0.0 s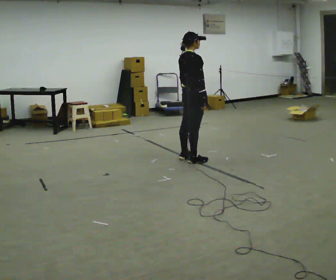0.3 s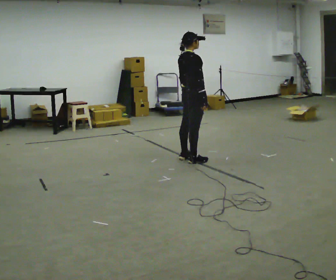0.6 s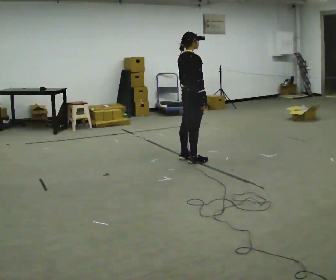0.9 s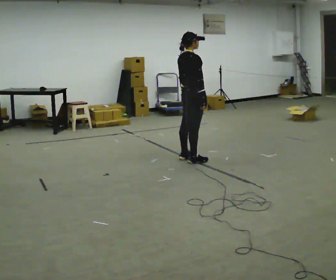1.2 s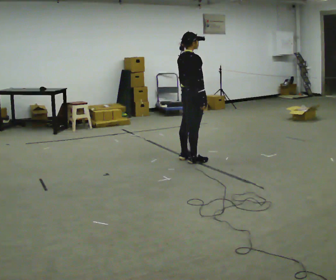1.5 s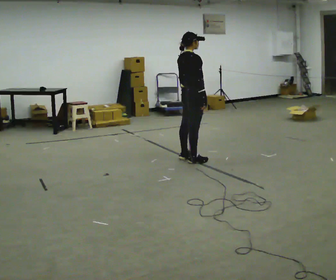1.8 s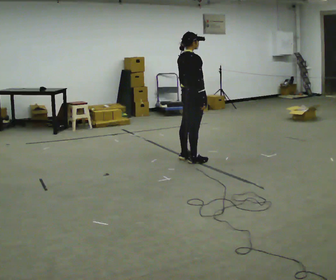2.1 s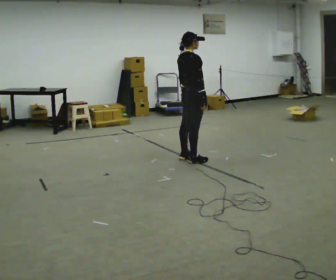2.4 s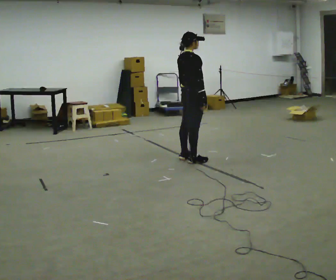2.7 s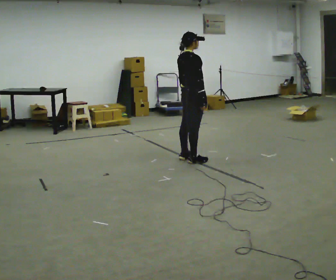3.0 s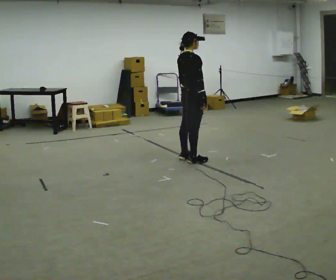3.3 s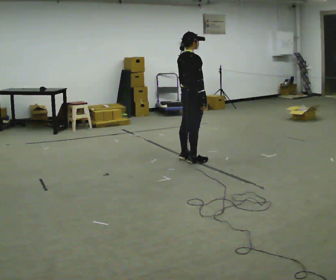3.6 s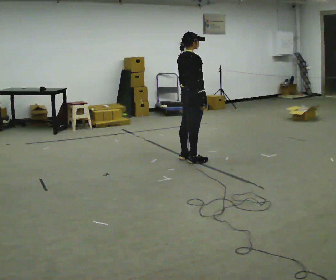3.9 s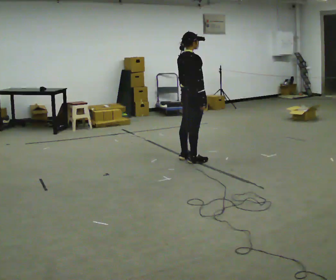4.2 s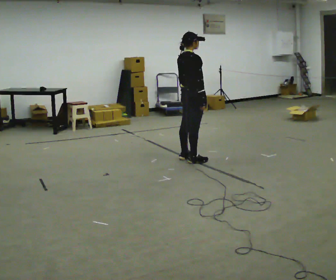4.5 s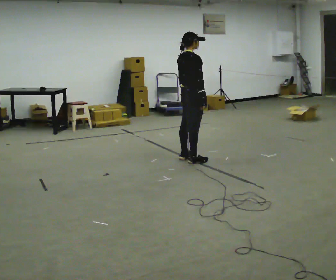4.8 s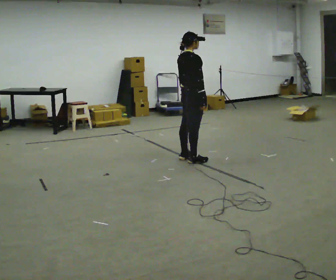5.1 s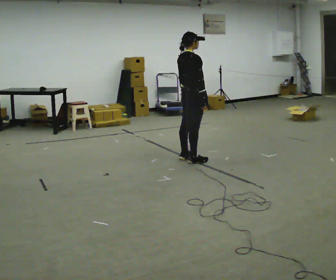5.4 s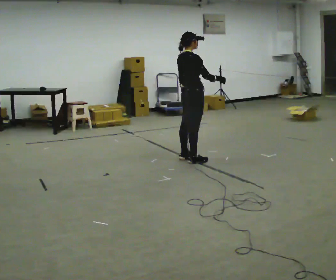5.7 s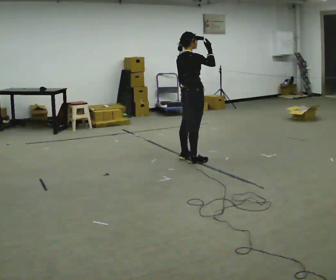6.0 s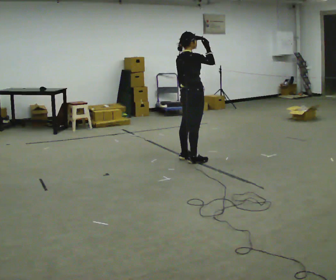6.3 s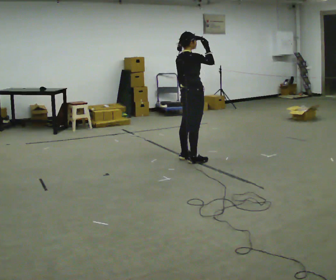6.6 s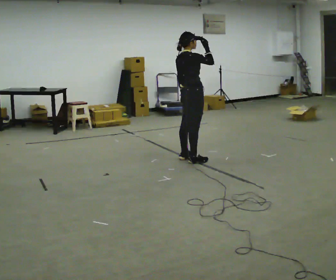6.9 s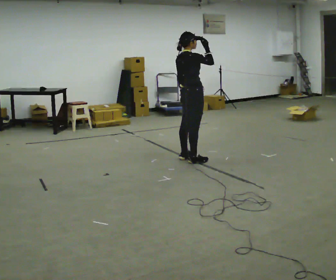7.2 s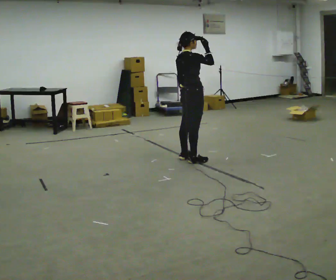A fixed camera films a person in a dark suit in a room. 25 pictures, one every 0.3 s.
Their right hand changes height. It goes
upward.
0.0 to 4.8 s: The person keeps their place and pose.
4.8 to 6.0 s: In the picture their right hand goes upward.
6.0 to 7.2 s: The person keeps their place and pose.
The film runs forward here.
